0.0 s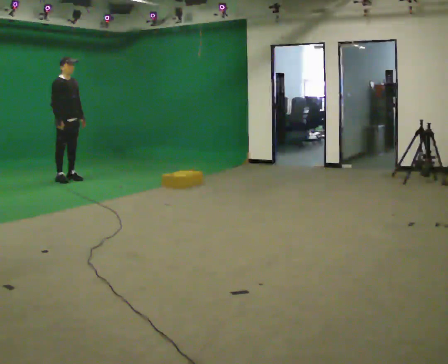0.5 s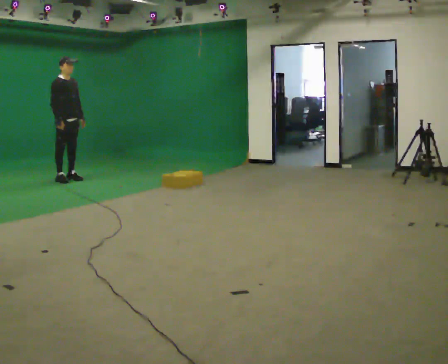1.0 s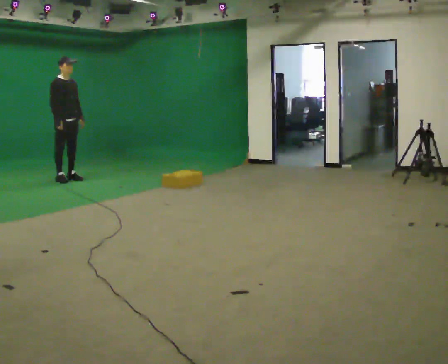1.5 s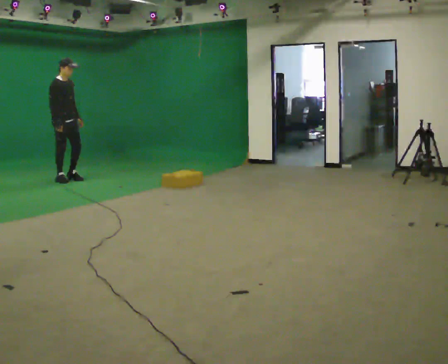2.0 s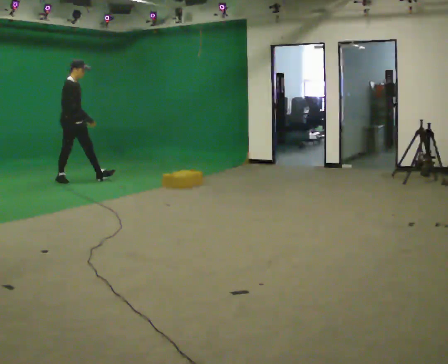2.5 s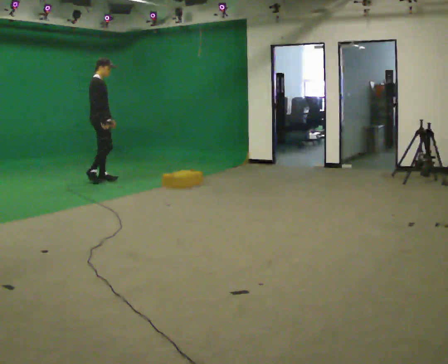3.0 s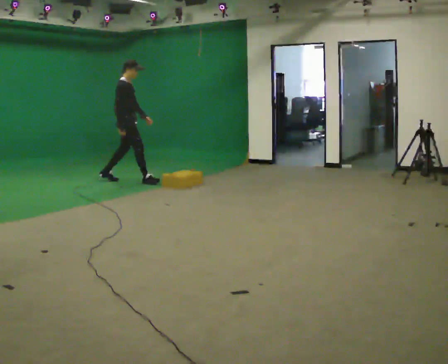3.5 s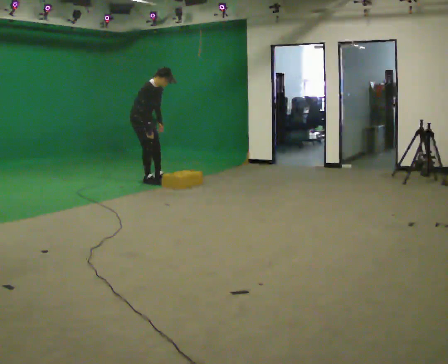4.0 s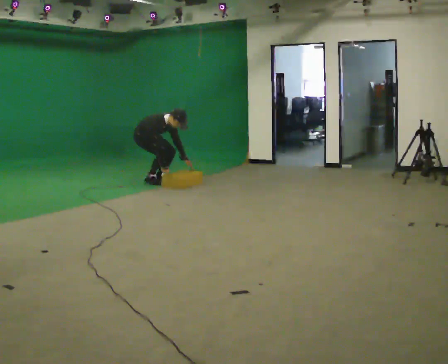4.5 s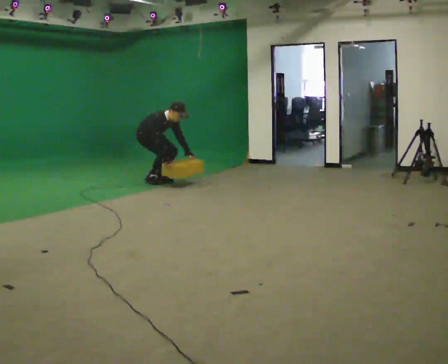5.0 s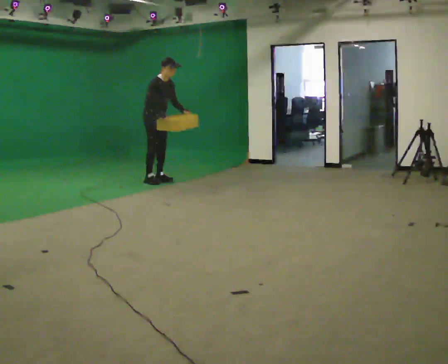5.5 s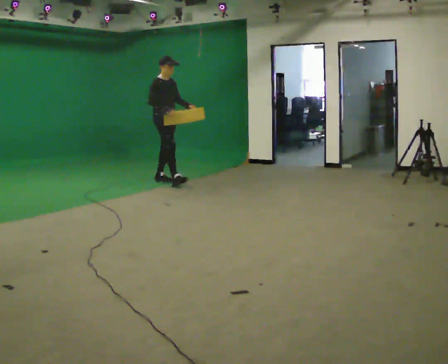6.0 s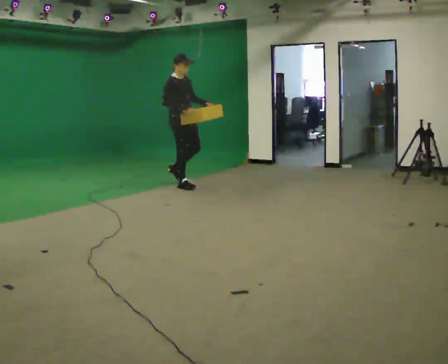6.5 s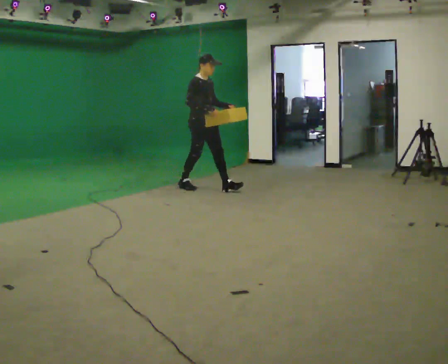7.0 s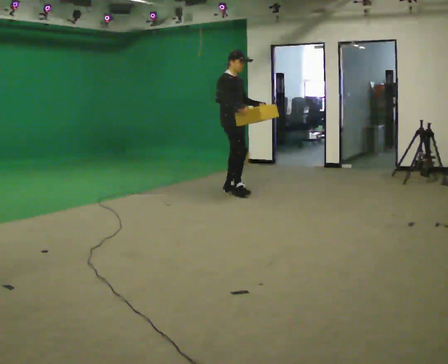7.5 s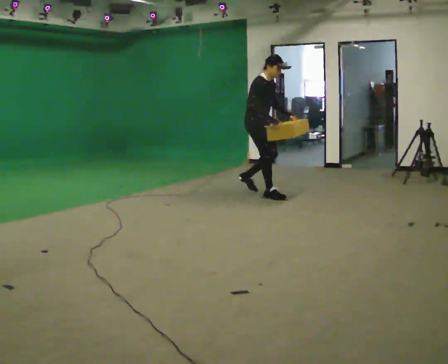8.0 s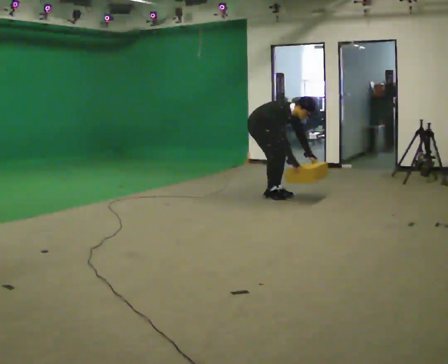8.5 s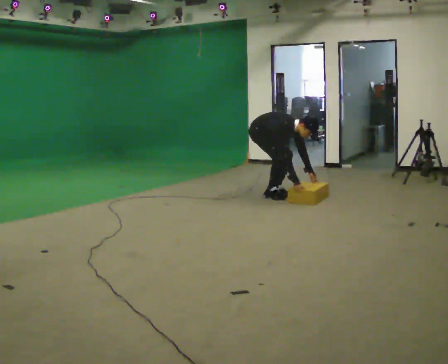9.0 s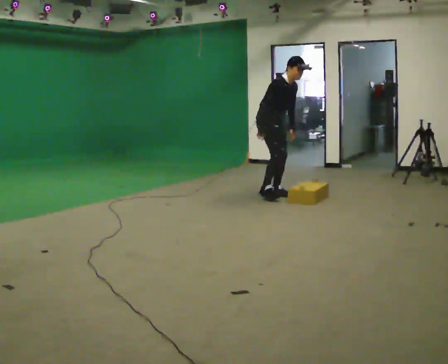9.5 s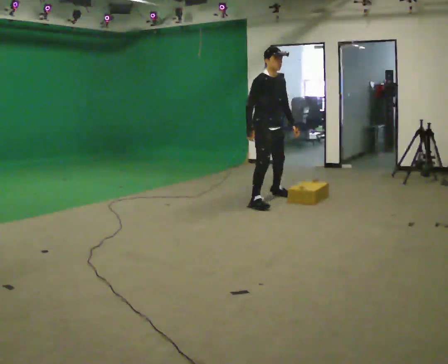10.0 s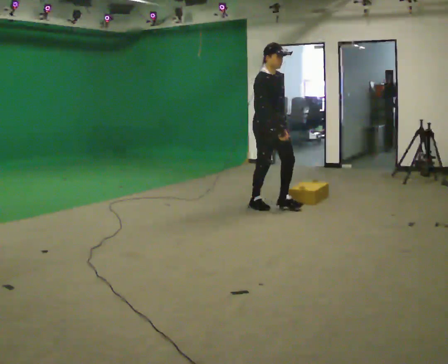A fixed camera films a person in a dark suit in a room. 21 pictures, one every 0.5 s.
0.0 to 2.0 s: In the picture their right hand goes to the right.
2.0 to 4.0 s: In the picture they go to the right, about 1 m in 3 steps, which for them is forward. The upper body goes downward. In the picture the upper body tilts clockwise, shoulders to the right, as they bend forward. In the picture their left hand goes downward.
4.0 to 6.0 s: In the picture they go to the right and toward the camera, about 0.75 m in 1 step, which for them is forward. The upper body goes upward. In the picture the upper body tilts counterclockwise, shoulders to the left, as they lean back or straighten. In the picture their right hand goes upward.
6.0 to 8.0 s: In the picture they go to the right and toward the camera, about 1 m in 3 steps, which for them is forward. The upper body goes downward. In the picture the upper body tilts clockwise, shoulders to the right, as they bend forward. In the picture their right hand goes downward.
8.0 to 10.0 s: In the picture they go toward the camera, about 0.75 m in 1 step, which for them is to their right and forward. In the picture their left hand goes upward.
The film runs forward here.
